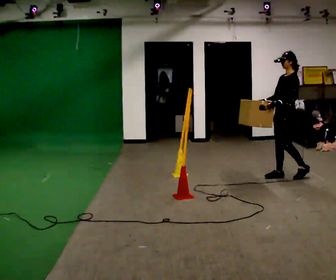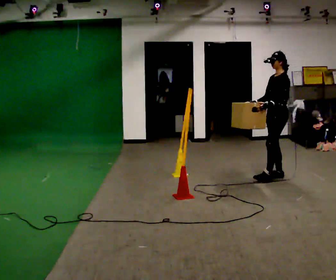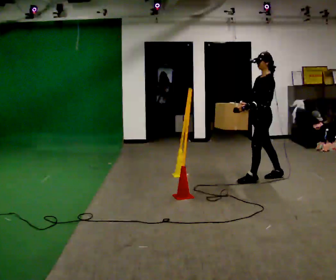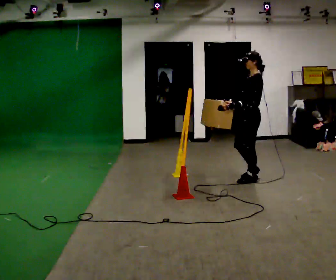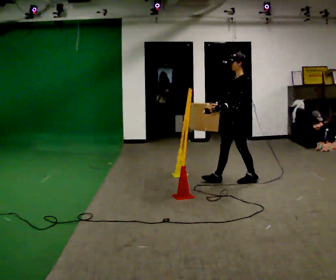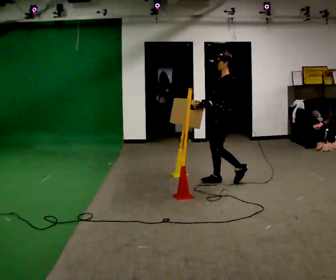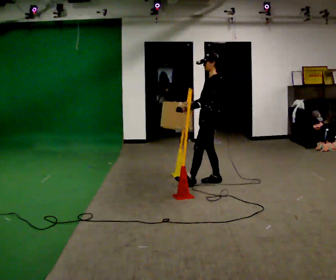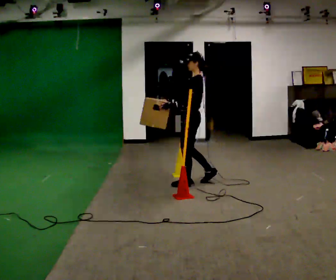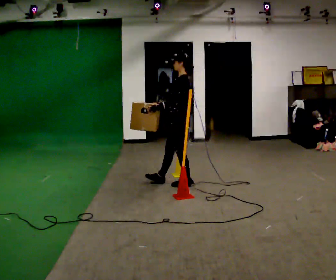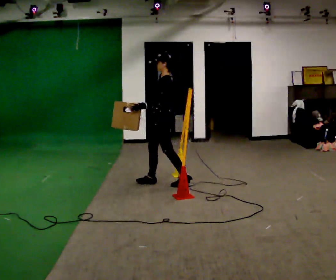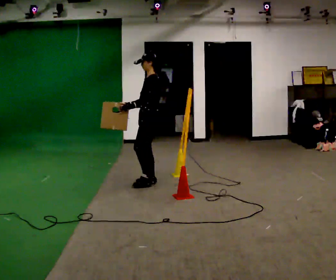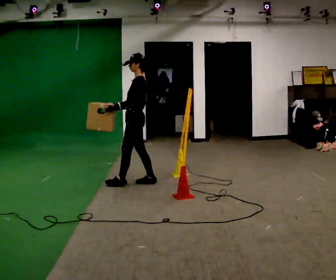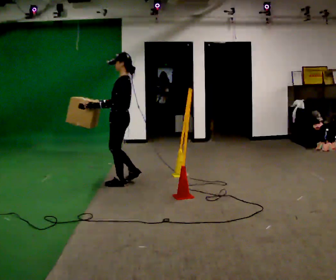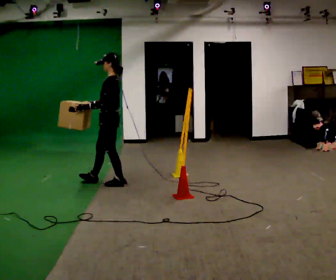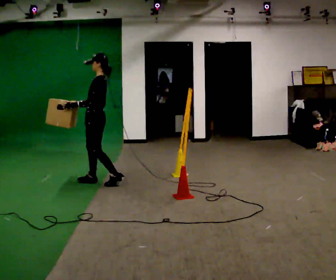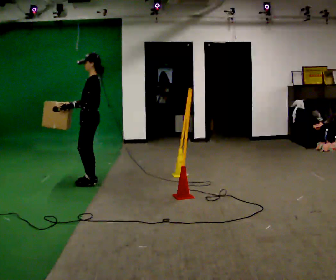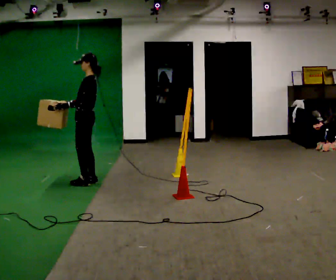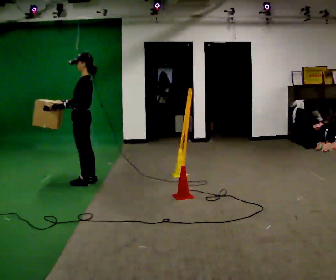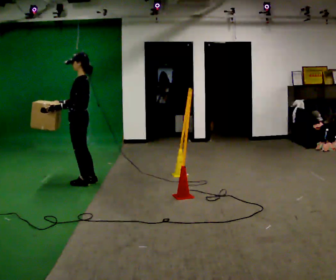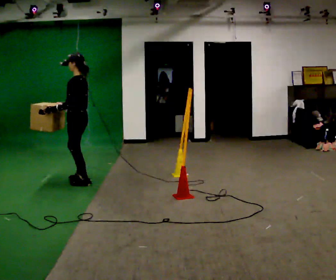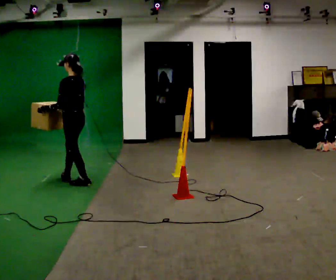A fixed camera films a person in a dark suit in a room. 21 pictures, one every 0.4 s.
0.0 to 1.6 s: In the picture they go to the left, about 0.75 m in 2 steps, which for them is forward.
1.6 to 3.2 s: In the picture they go to the left, about 0.75 m in 1 step, which for them is forward.
3.2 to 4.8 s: In the picture they go to the left, about 0.75 m in 2 steps, which for them is forward.
4.8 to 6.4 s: In the picture they go to the left, about 0.5 m in 2 steps, which for them is forward.
6.4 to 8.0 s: The person turns about 30 degrees to their right, clockwise seen from above, so the part of the body nearest the lens slides to the left. In the picture they go to the left, about 0.25 m in 1 step, which for them is forward.
The film runs forward here.
